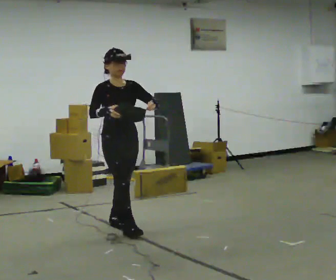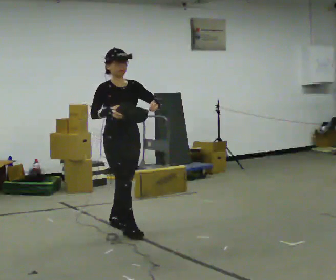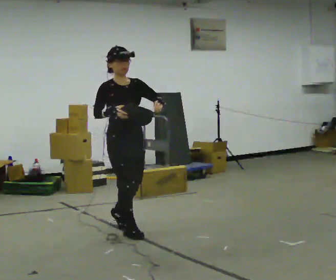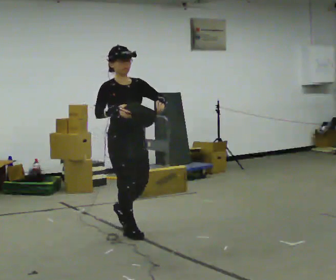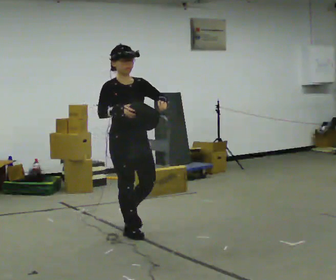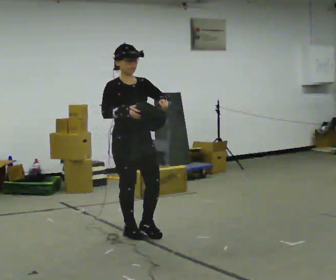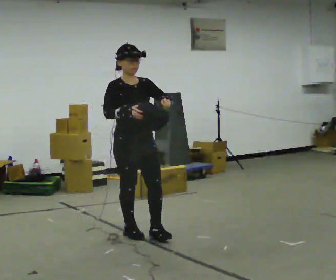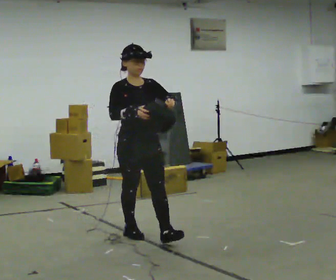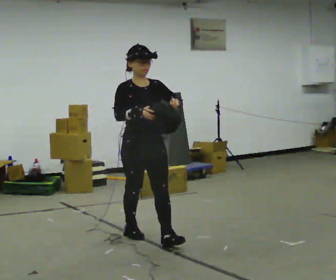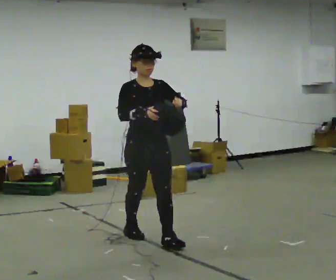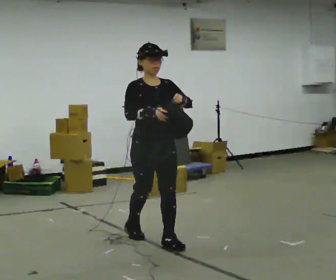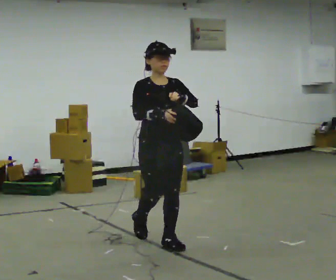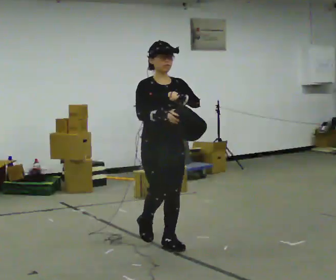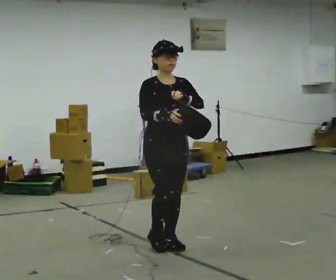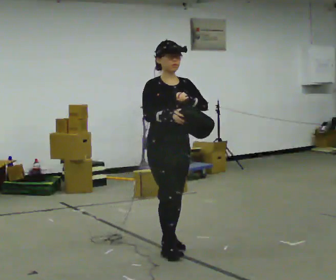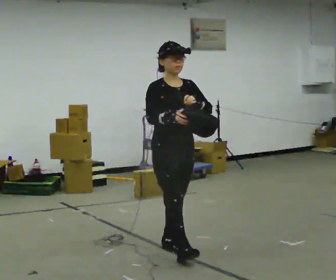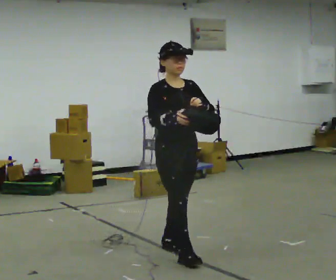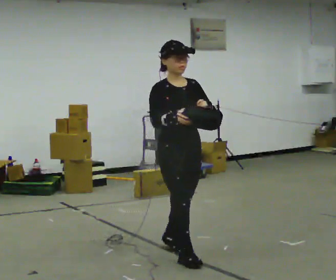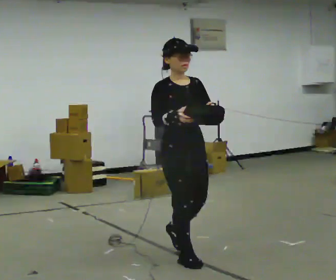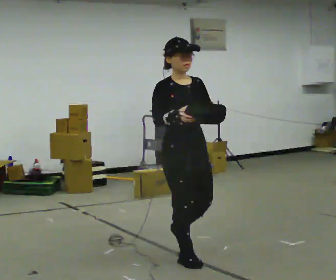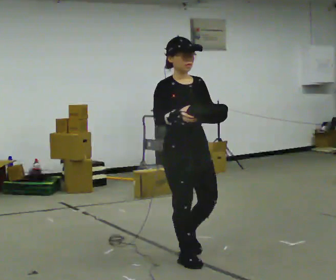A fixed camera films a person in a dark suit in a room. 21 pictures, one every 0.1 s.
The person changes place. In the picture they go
toward the camera.
0.0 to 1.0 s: In the picture they go toward the camera and to the right, about 0.5 m in 1 step, which for them is forward.
1.0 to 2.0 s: In the picture they go toward the camera and to the right, about 0.5 m in 1 step, which for them is forward.
The film runs forward here.
